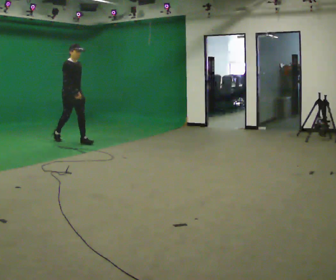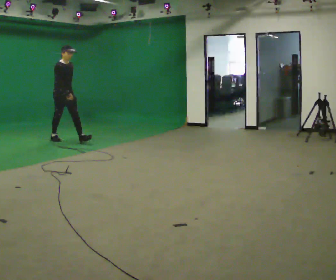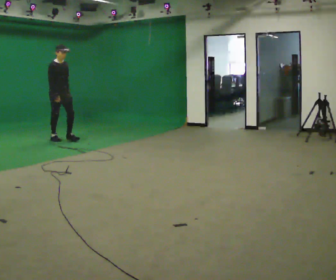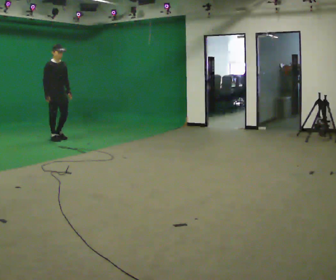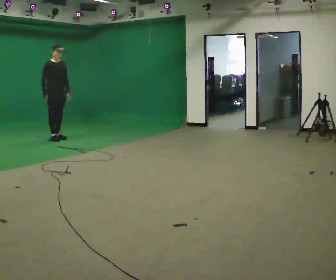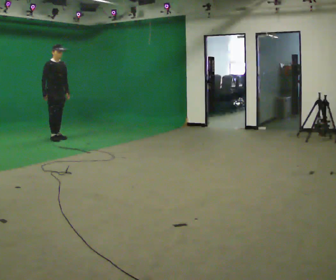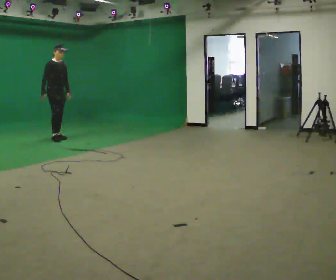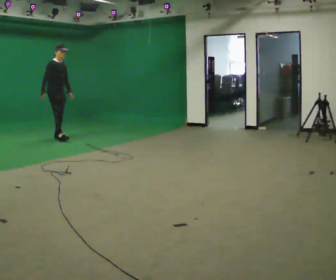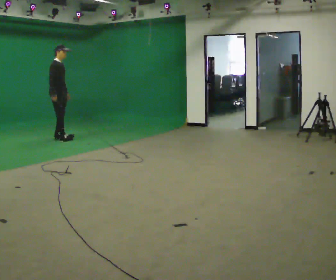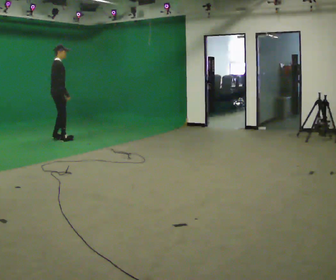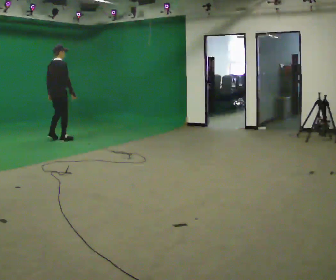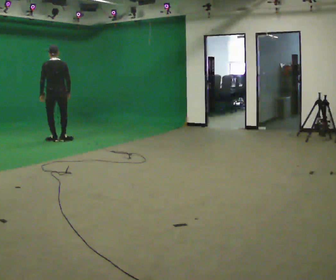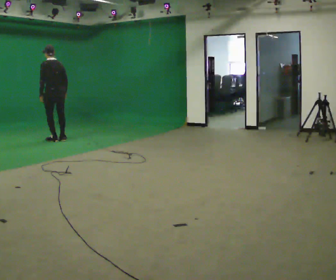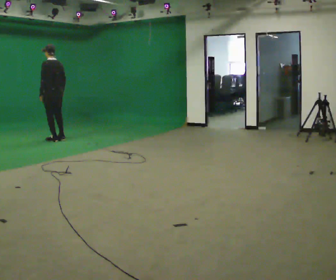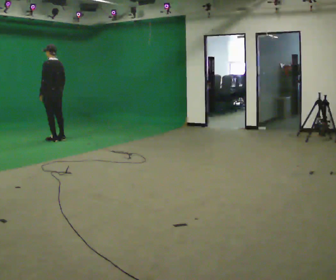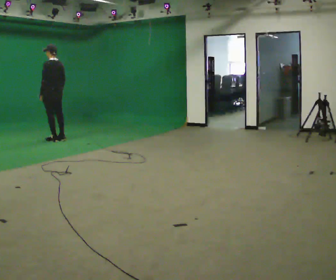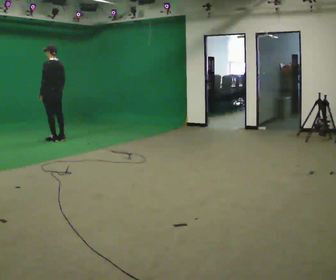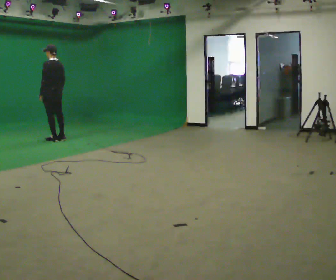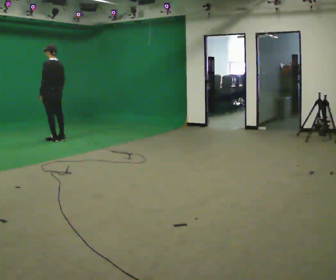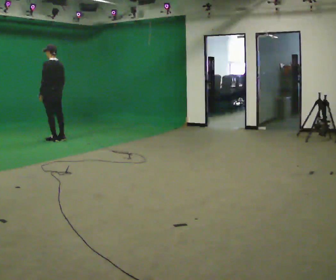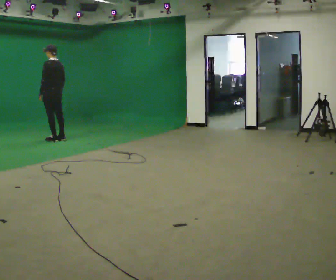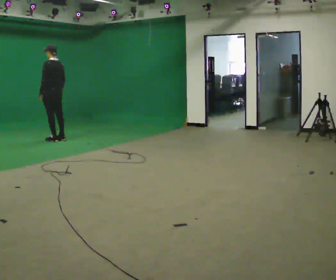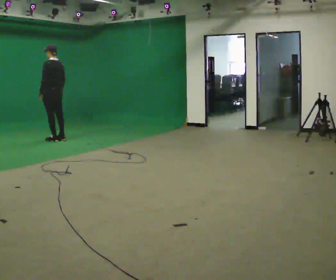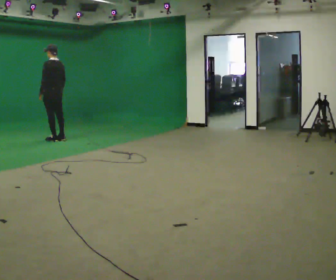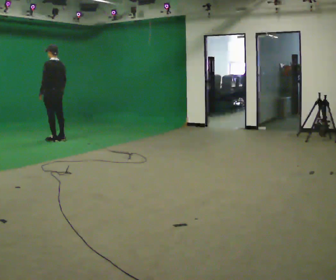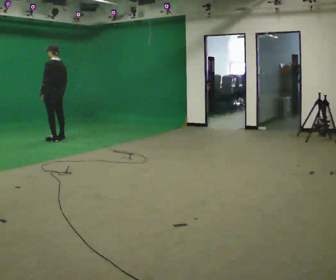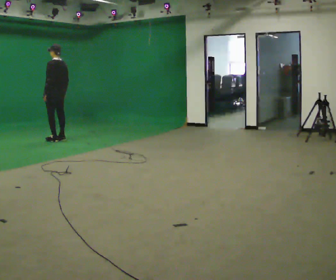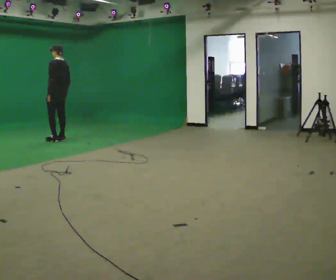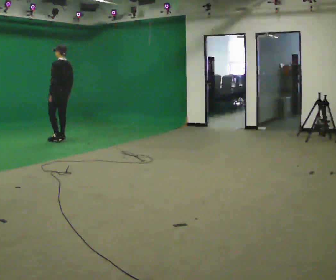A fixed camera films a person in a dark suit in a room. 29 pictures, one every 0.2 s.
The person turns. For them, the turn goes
to their left.
The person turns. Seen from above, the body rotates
counterclockwise.
0.0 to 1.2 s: In the picture they go away from the camera and to the left, about 0.5 m in 2 steps, which for them is backward.
1.2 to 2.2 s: Seen from above the body turns counterclockwise, about 135 degrees: to their left, with its near side sliding to the right. In the picture they go toward the camera, about 0.25 m in 1 step. In the picture their left hand goes to the left, the arm swinging clockwise.
2.2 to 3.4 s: The person turns about 45 degrees to their left, counterclockwise seen from above, so the part of the body nearest the lens slides to the right.
3.4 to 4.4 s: The person keeps their place and pose.
4.4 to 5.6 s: The person moves a little, or ends about where they began.
The film runs backward here.
